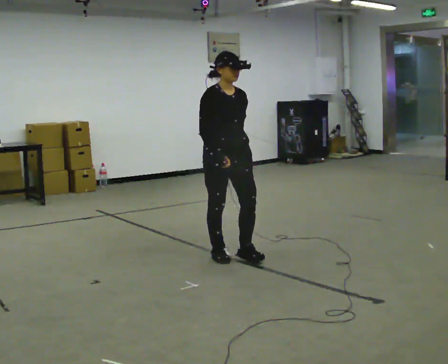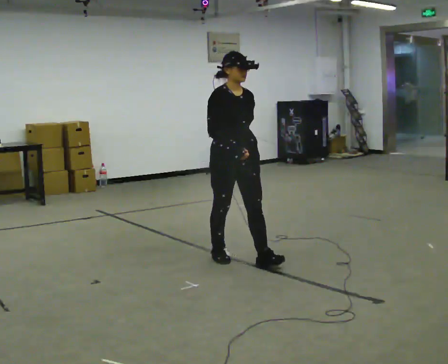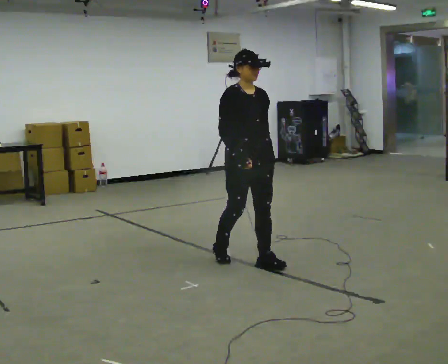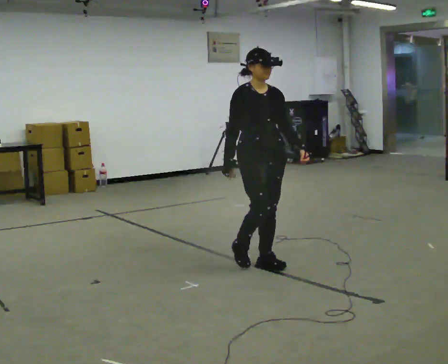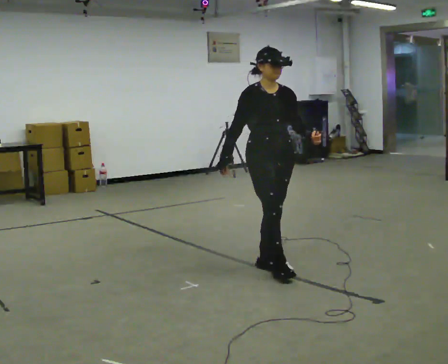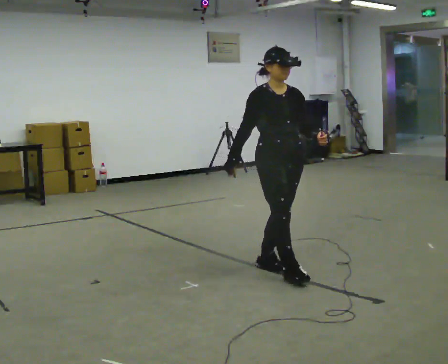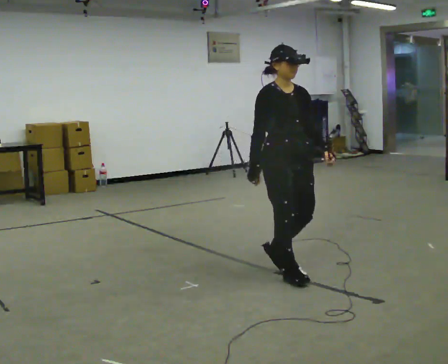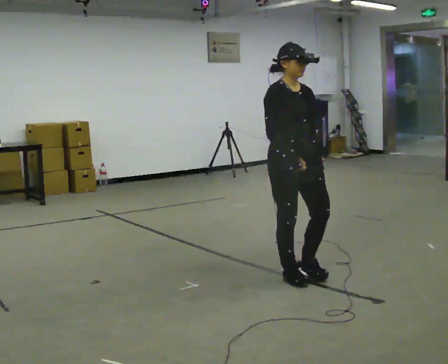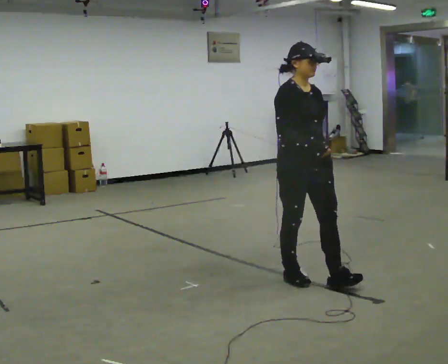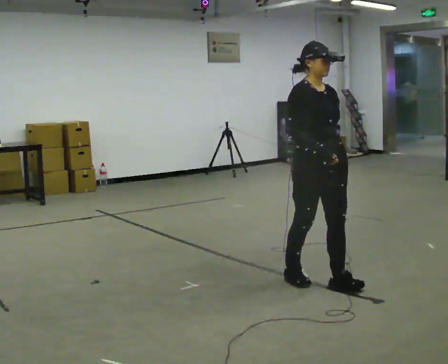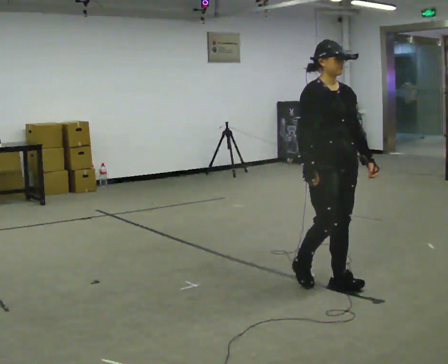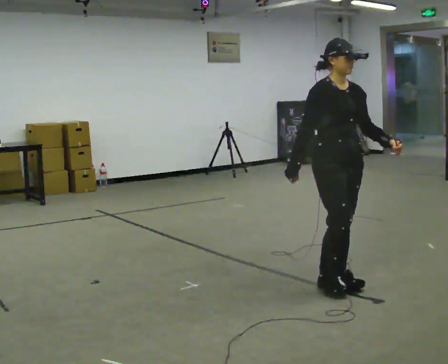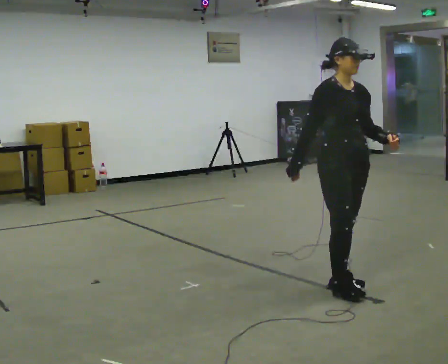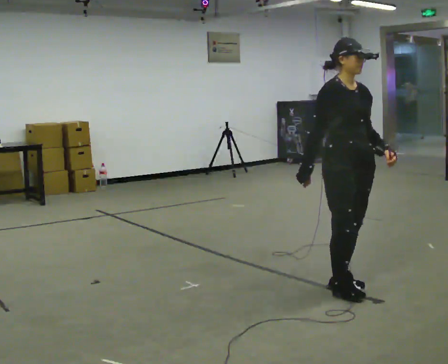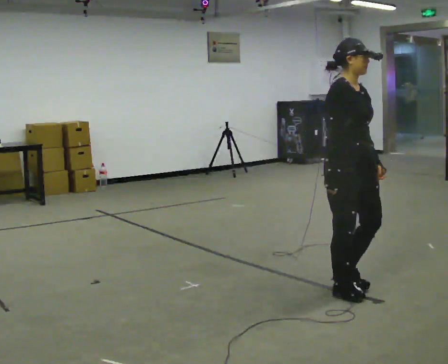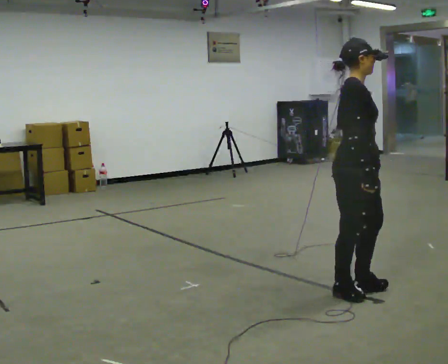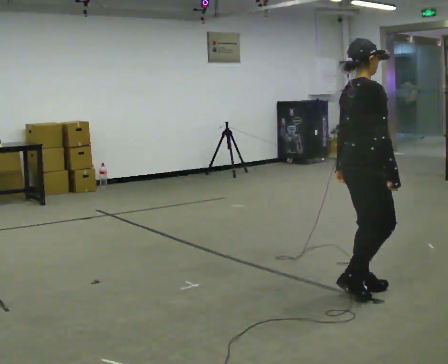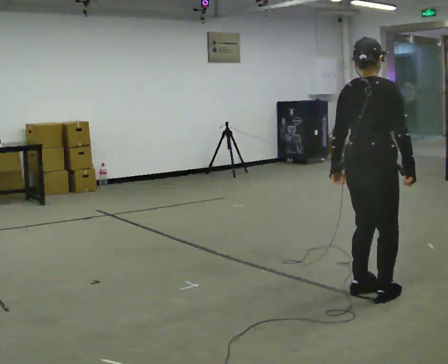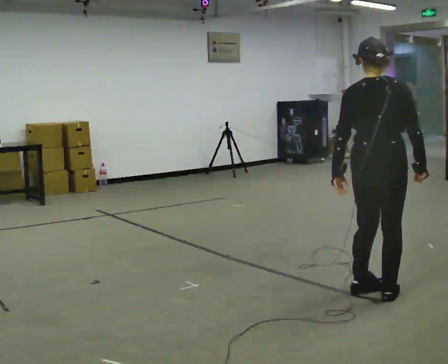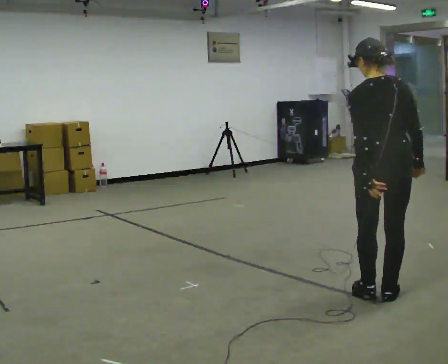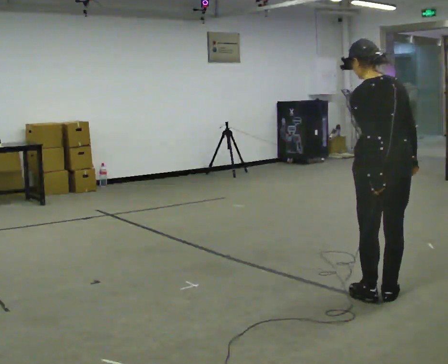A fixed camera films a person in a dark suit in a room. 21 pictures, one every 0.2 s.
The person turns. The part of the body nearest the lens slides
to the right.
The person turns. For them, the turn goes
to their left.
0.0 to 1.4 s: In the picture they go to the right and toward the camera, about 0.5 m in 2 steps, which for them is forward.
1.4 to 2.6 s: In the picture they go to the right and toward the camera, about 0.5 m in 2 steps, which for them is forward.
2.6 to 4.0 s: Seen from above the body turns counterclockwise, about 150 degrees: to their left, with its near side sliding to the right. In the picture they go to the right and toward the camera, about 0.25 m in 3 steps.
The film runs forward here.
